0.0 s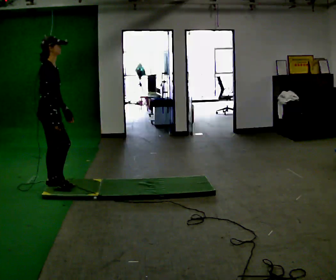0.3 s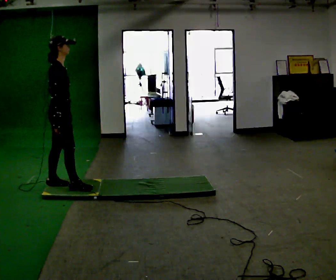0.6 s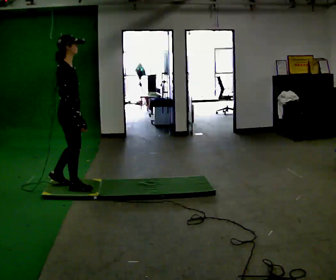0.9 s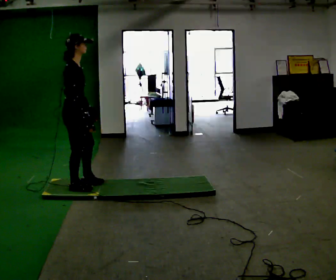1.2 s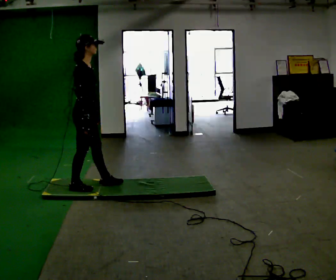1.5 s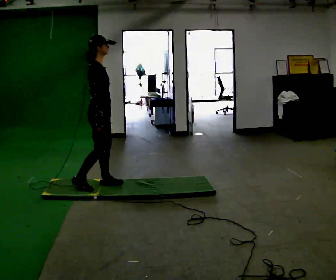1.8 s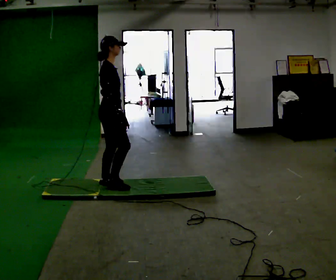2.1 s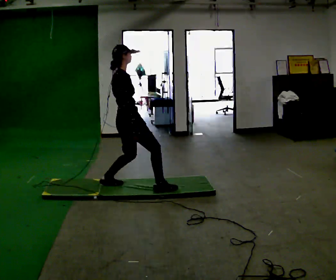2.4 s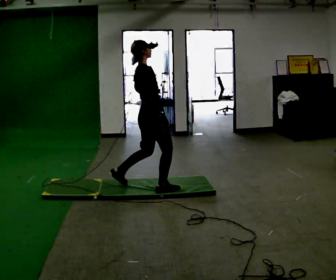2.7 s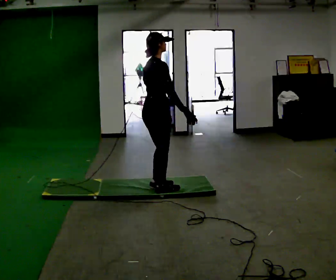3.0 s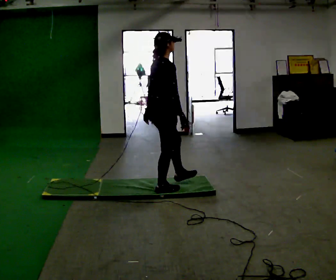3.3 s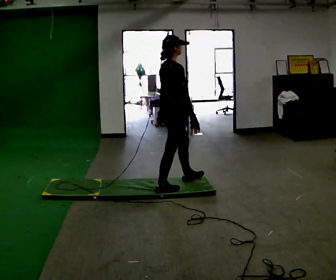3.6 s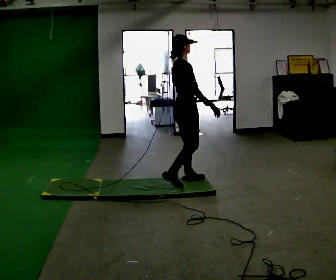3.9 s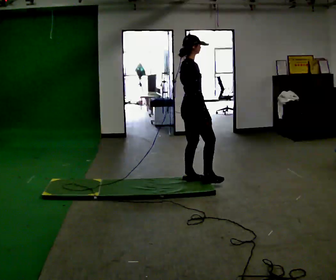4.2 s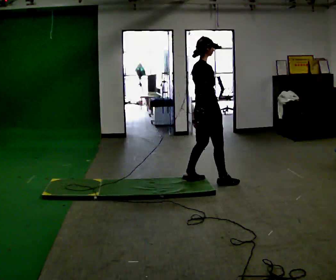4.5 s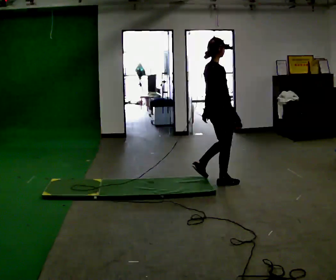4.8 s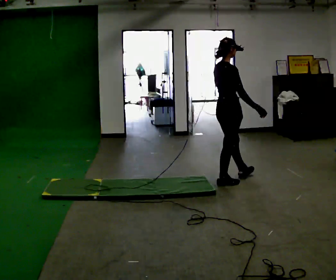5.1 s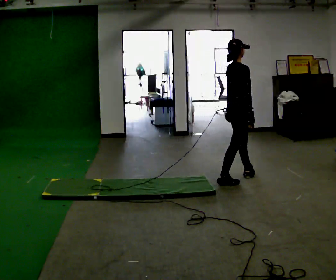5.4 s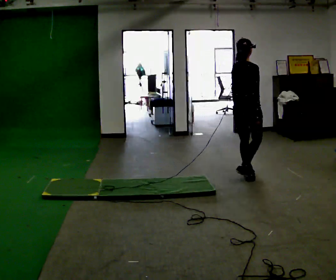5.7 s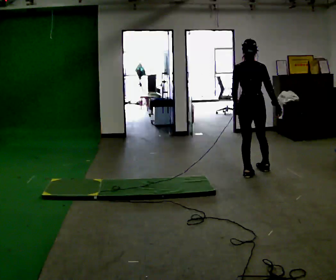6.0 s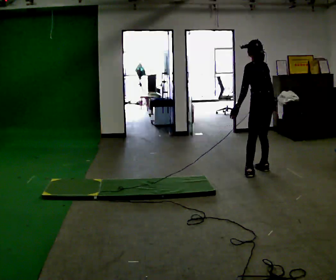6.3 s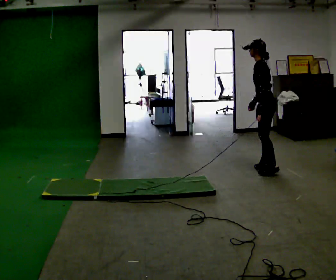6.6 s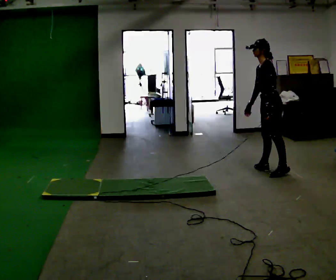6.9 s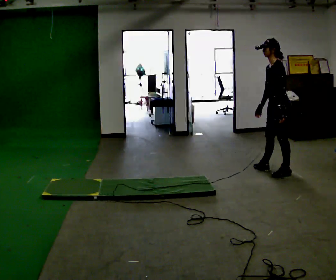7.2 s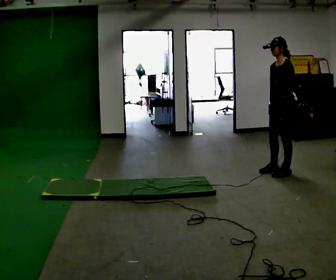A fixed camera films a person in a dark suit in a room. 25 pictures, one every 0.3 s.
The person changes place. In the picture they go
to the right.
0.0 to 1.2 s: In the picture they go to the right, about 0.5 m in 2 steps, which for them is forward.
1.2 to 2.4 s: In the picture they go to the right, about 0.75 m in 1 step, which for them is forward.
2.4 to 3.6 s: In the picture they go to the right and away from the camera, about 0.5 m in 1 step, which for them is forward.
3.6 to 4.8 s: In the picture they go to the right, about 0.5 m in 1 step, which for them is forward.
4.8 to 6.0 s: Seen from above the body turns counterclockwise, about 105 degrees: to their left, with its near side sliding to the right. In the picture they go to the right and away from the camera, about 0.5 m in 2 steps.
6.0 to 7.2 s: The person turns about 75 degrees to their left, counterclockwise seen from above, so the part of the body nearest the lens slides to the right. In the picture they go to the right and toward the camera, about 0.25 m in 1 step.
The film runs forward here.
